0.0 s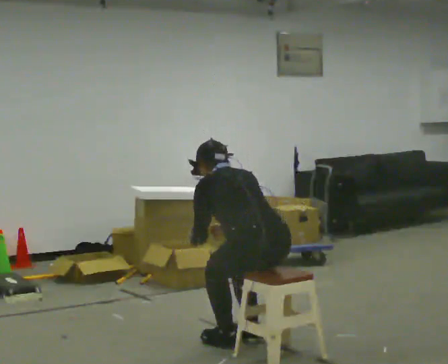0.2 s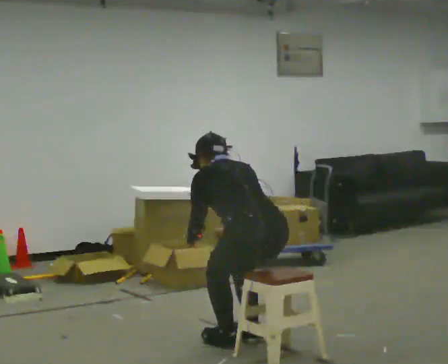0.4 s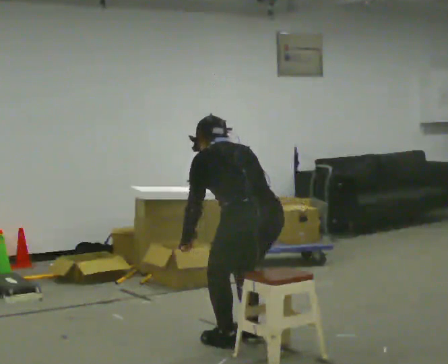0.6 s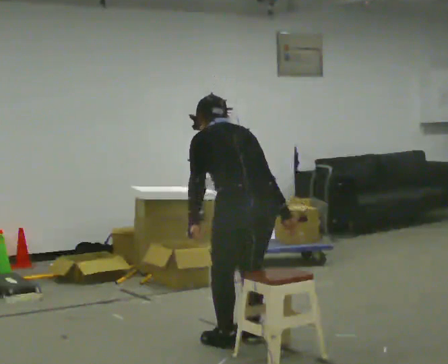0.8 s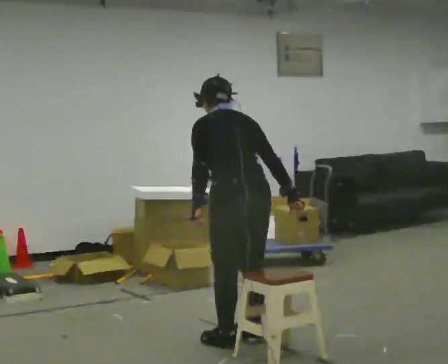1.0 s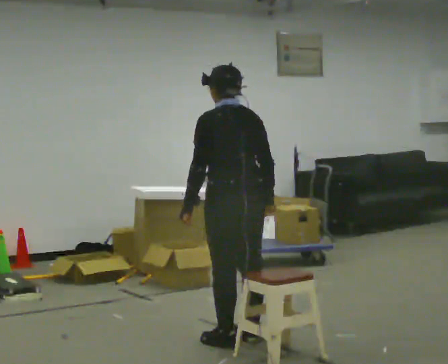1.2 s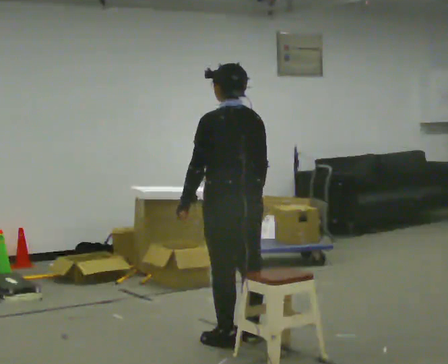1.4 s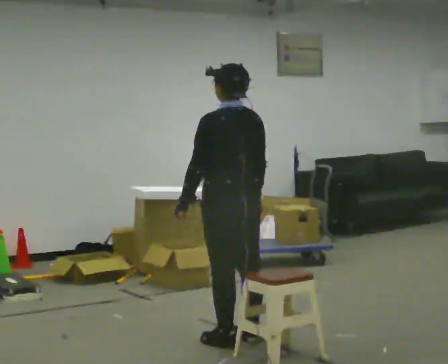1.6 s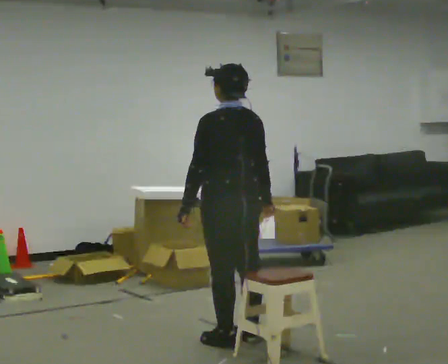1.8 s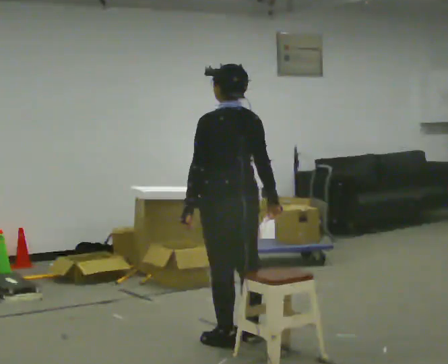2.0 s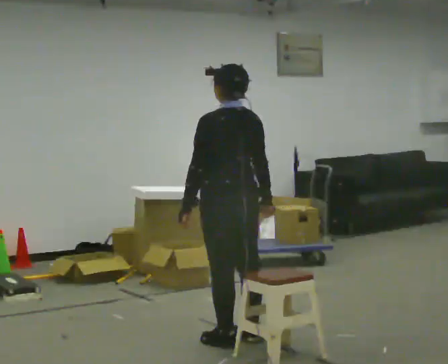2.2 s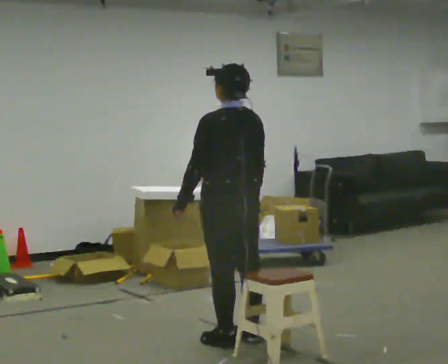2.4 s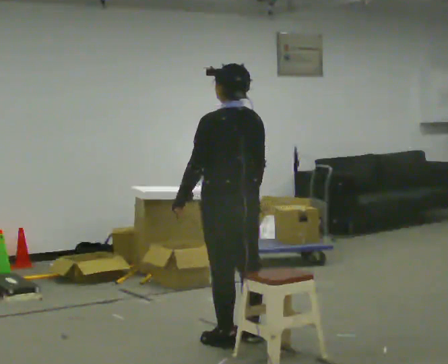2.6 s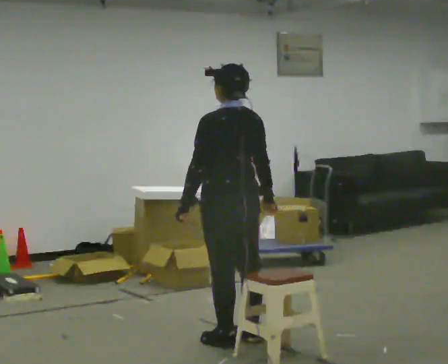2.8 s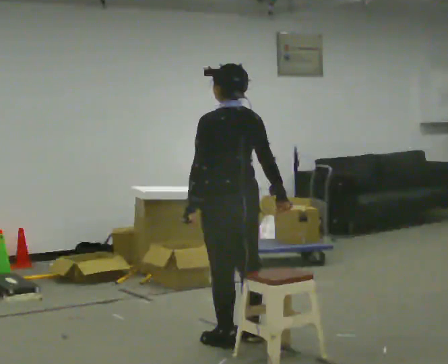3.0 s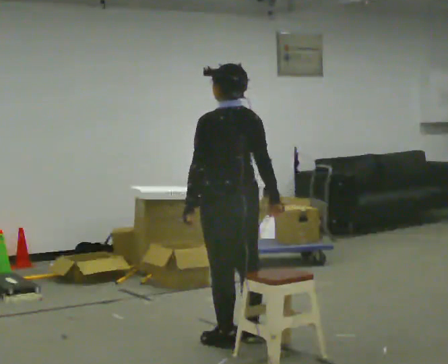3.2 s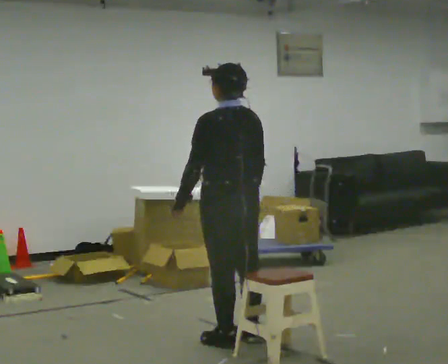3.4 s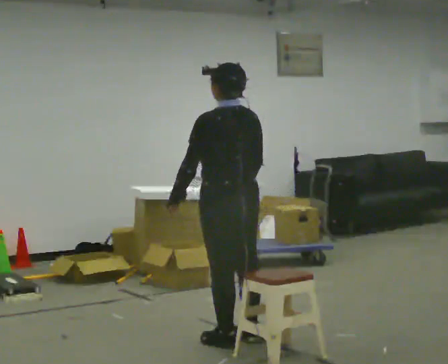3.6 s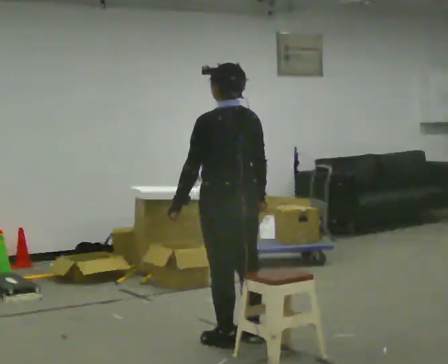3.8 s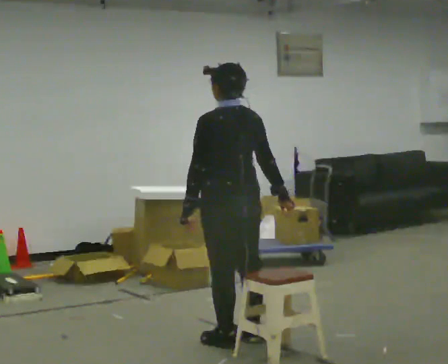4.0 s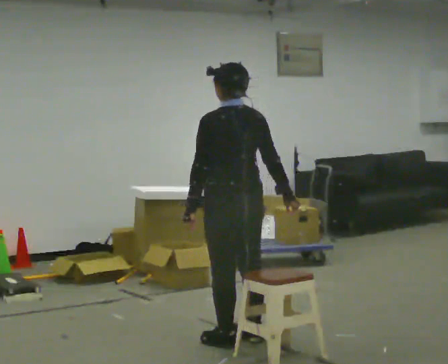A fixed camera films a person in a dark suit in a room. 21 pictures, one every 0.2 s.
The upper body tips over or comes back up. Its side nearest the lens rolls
downward.
The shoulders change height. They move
upward.
0.0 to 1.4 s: In the picture they go away from the camera, about 0.25 m, which for them is forward. The shoulders move upward. The upper body tips toward the camera, its near side rolling downward, as they lean back or straighten.
1.4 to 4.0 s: The person moves a little, or ends about where they began.
The film runs backward here.
